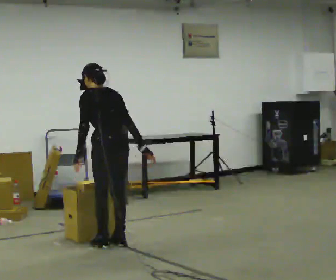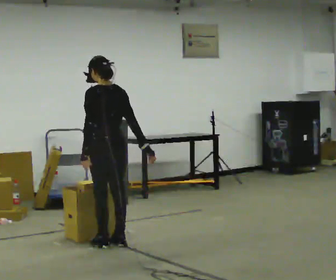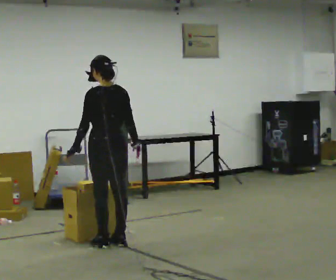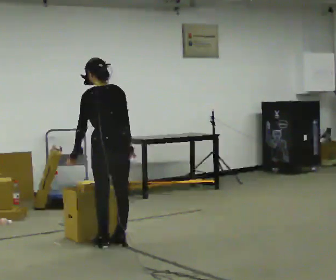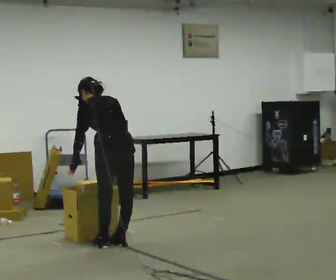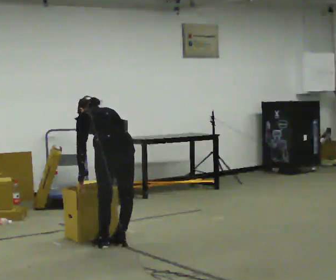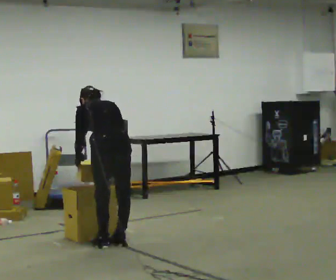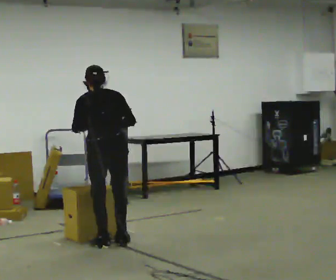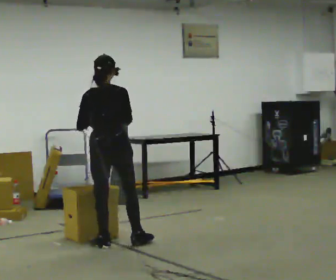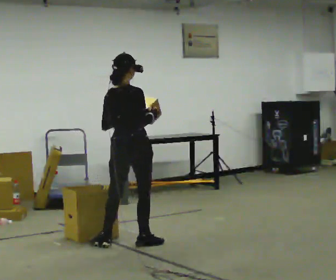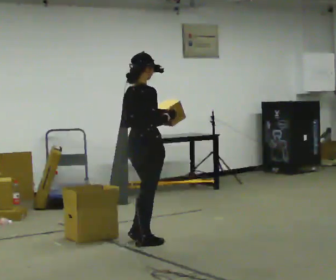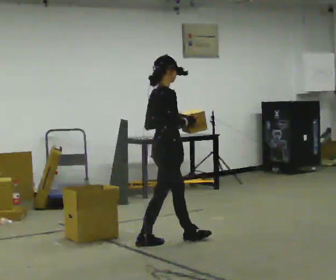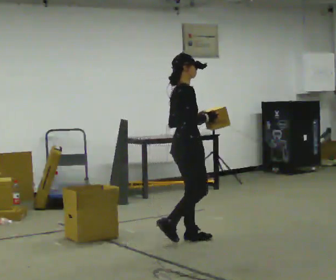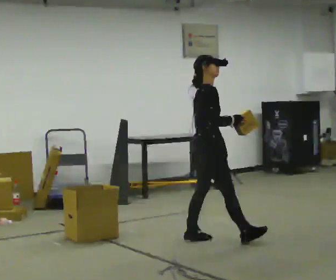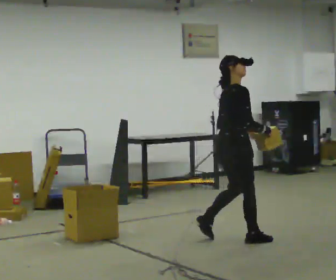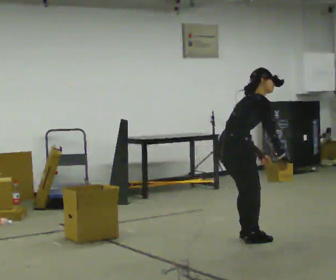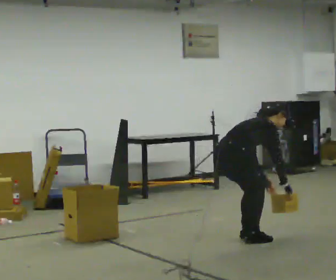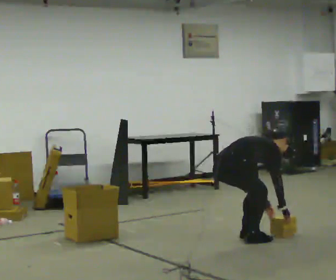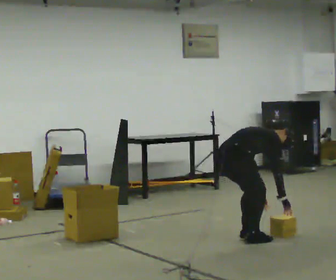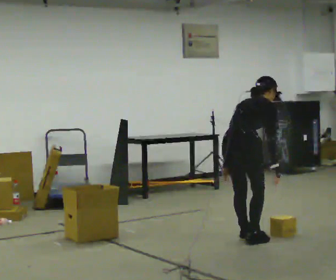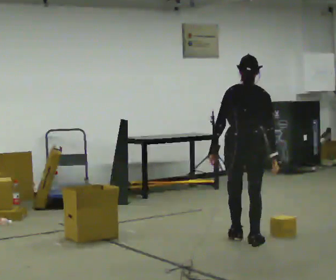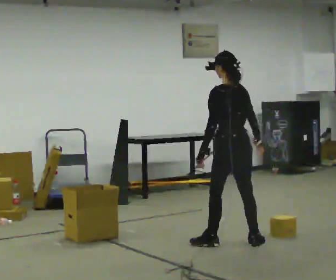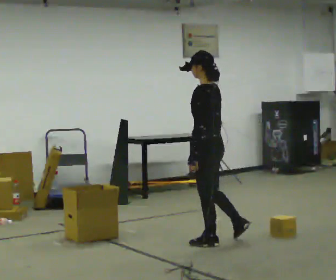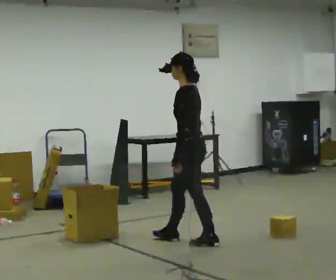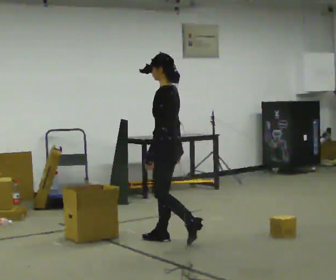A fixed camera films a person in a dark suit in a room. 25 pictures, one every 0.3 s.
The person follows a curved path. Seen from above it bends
clockwise.
0.0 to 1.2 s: The person moves a little, or ends about where they began.
1.2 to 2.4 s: The part of the body nearest the lens slides to the left as the person turns to their right by about 30 degrees. In the picture their right hand goes upward.
2.4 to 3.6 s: Seen from above the body turns clockwise, about 75 degrees: to their right, with its near side sliding to the left. In the picture they go to the right, about 0.75 m in 2 steps.
3.6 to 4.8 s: In the picture they go to the right, about 0.5 m in 2 steps, which for them is forward and to their right. The upper body goes downward. In the picture the upper body tilts clockwise, shoulders to the right, as they bend forward. In the picture their right hand goes downward.
4.8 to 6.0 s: The part of the body nearest the lens slides to the right as the person turns to their left by about 60 degrees. In the picture their left hand goes to the left and upward.
6.0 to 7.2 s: The person turns about 90 degrees to their left, counterclockwise seen from above, so the part of the body nearest the lens slides to the right. In the picture they go to the left, about 0.75 m in 2 steps. The upper body tips toward the camera, its near side rolling downward, as they lean back or straighten.
The film runs forward here.
